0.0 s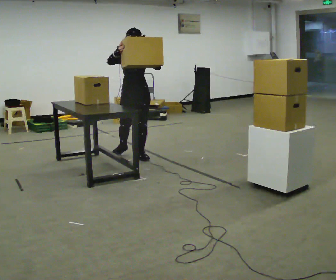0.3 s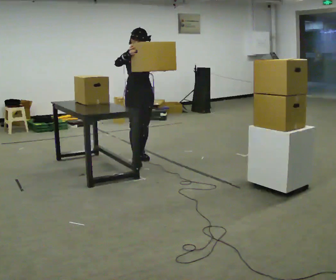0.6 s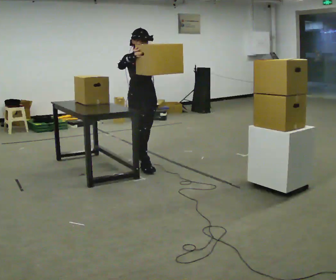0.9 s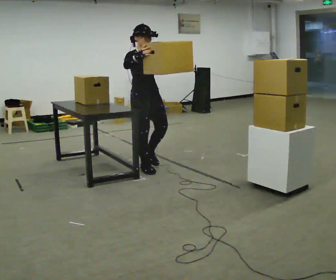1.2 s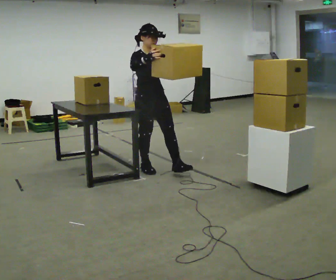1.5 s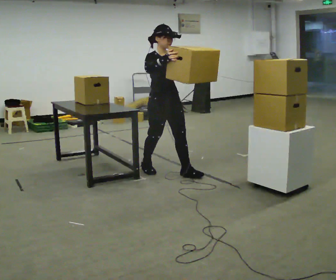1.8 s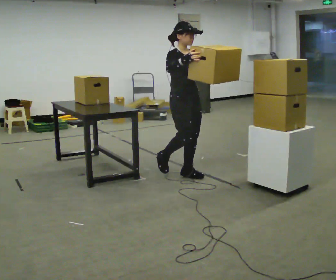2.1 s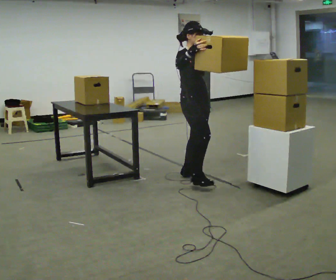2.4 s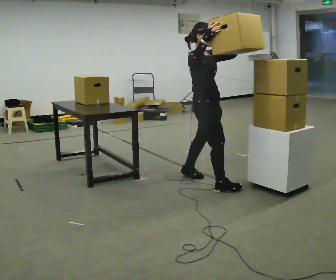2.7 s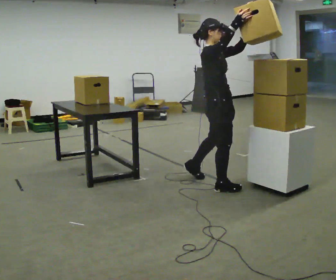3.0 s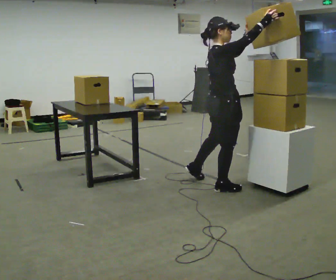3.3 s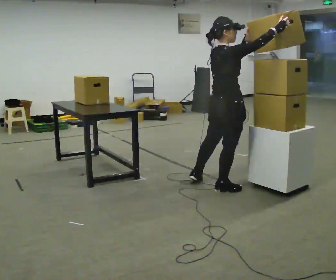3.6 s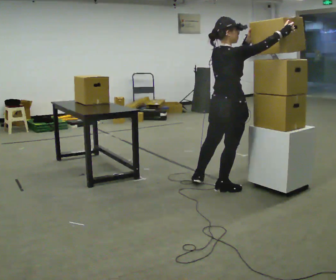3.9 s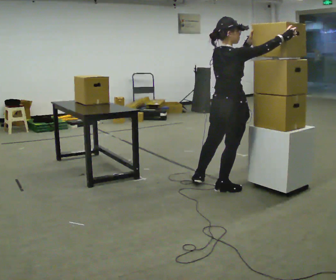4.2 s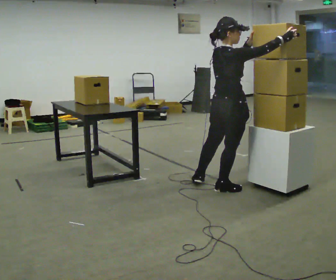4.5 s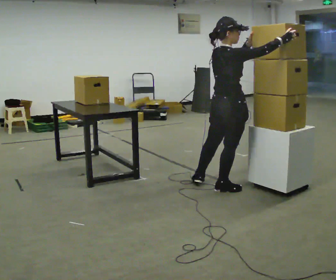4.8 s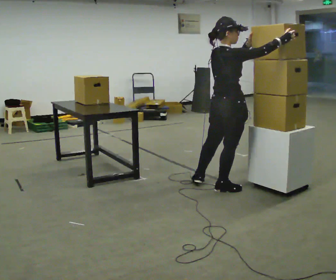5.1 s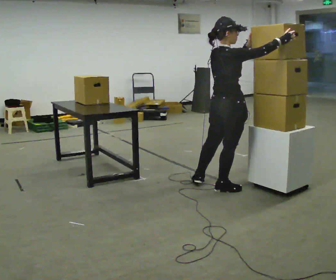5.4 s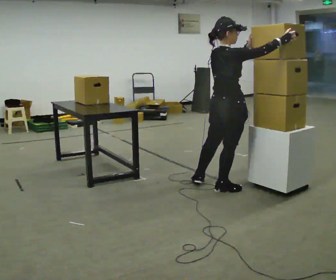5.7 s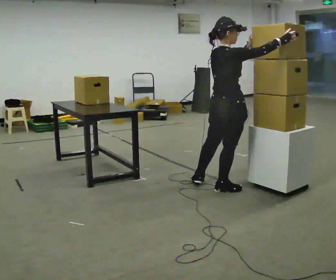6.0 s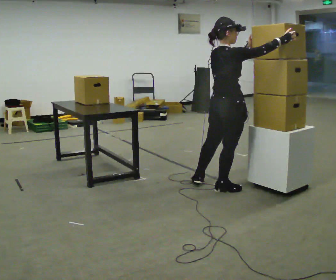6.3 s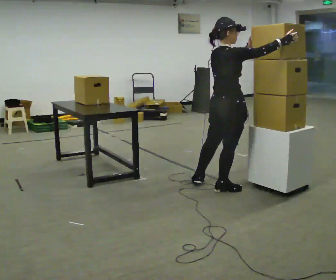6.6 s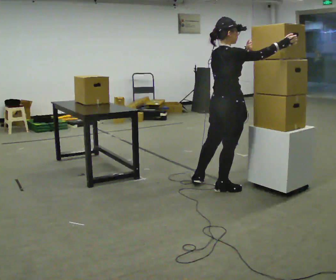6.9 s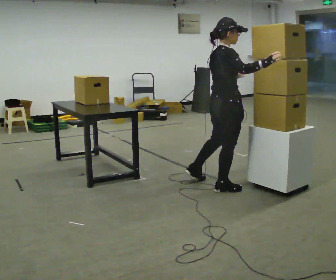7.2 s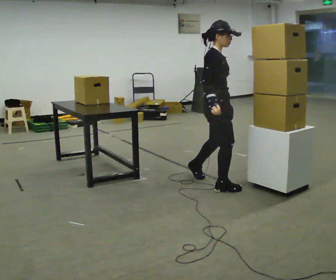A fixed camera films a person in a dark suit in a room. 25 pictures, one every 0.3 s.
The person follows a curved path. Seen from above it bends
counterclockwise.
0.0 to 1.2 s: The part of the body nearest the lens slides to the right as the person turns to their left by about 30 degrees. In the picture they go toward the camera and to the right, about 0.5 m in 1 step, which for them is forward.
1.2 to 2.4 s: Seen from above the body turns counterclockwise, about 30 degrees: to their left, with its near side sliding to the right. In the picture they go to the right and toward the camera, about 0.5 m in 2 steps, which for them is forward.
2.4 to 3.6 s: Seen from above the body turns counterclockwise, about 60 degrees: to their left, with its near side sliding to the right. In the picture they go to the right and toward the camera, about 0.25 m in 1 step, which for them is to their right.
3.6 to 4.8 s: The person moves a little, or ends about where they began.
4.8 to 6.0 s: The person keeps their place and pose.
6.0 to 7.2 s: The person turns about 45 degrees to their right, clockwise seen from above, so the part of the body nearest the lens slides to the left. In the picture they go away from the camera, about 0.25 m, which for them is to their left. In the picture their right hand goes to the left and downward, the arm swinging clockwise.
The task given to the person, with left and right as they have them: Move the objects one at a time between the far targets the operator calls, without moving your feet. Repeat at your own pace until the operator says stop. Keep both feet on the marked spots for the whole take. If you have to step, stop and tell the operator.
The film runs forward here.
